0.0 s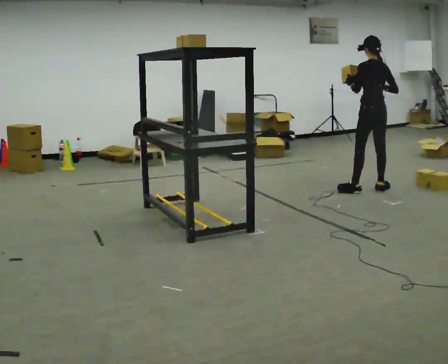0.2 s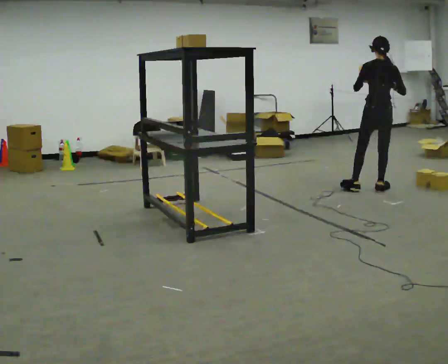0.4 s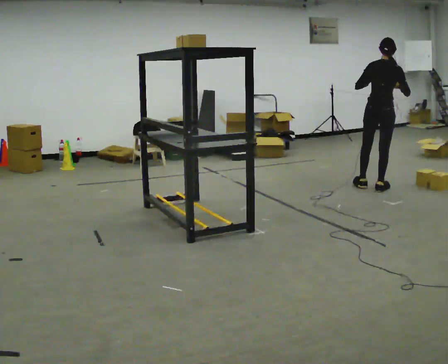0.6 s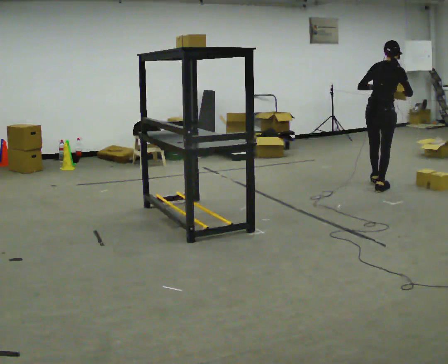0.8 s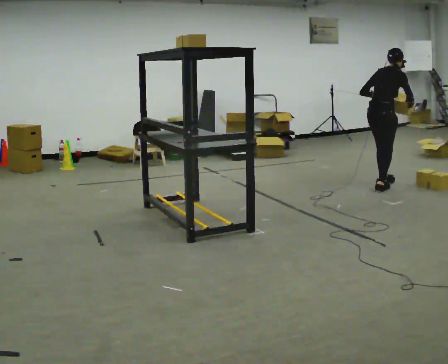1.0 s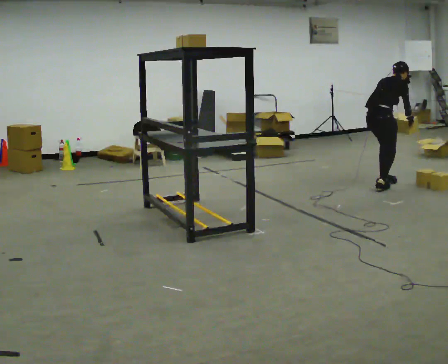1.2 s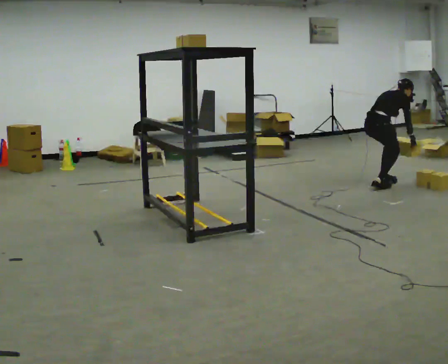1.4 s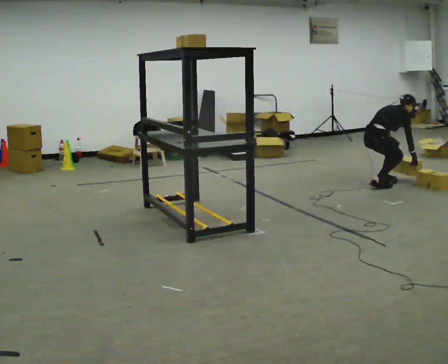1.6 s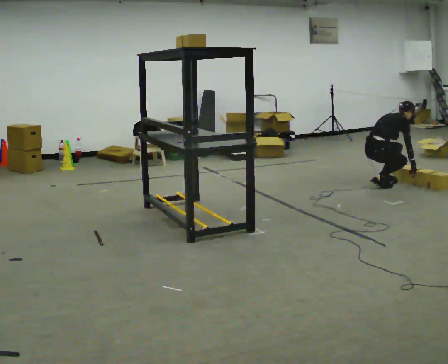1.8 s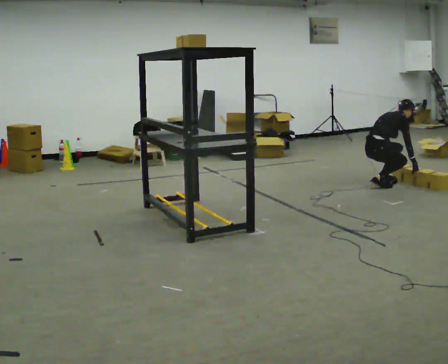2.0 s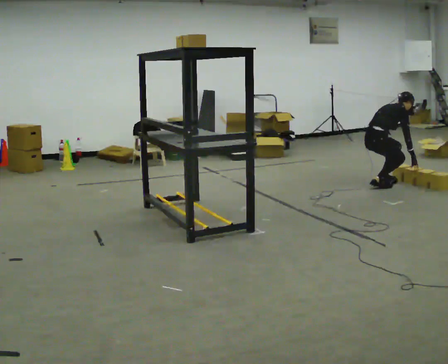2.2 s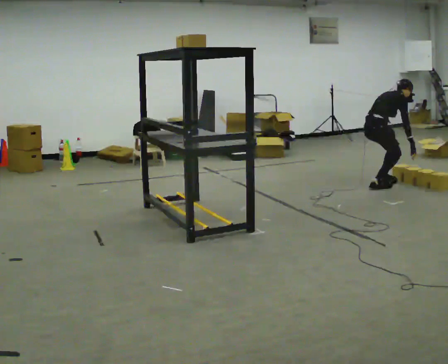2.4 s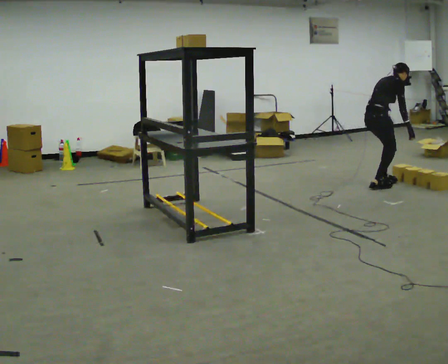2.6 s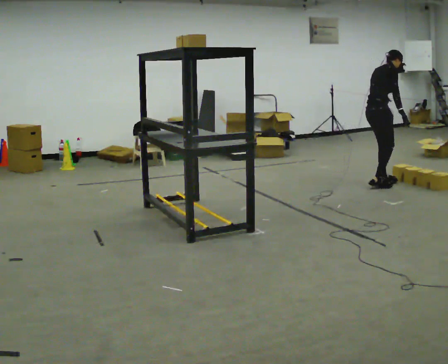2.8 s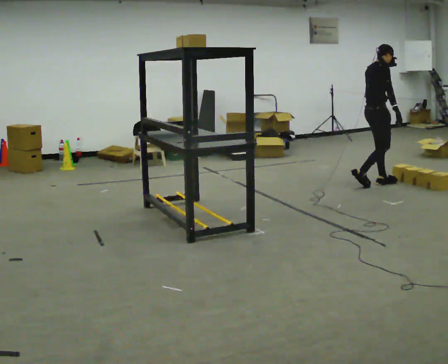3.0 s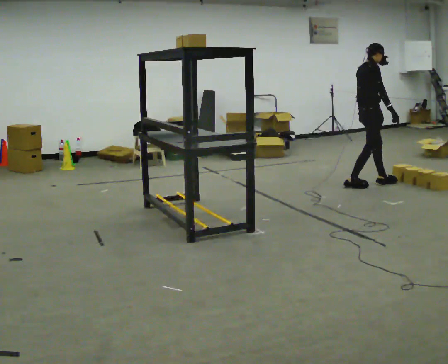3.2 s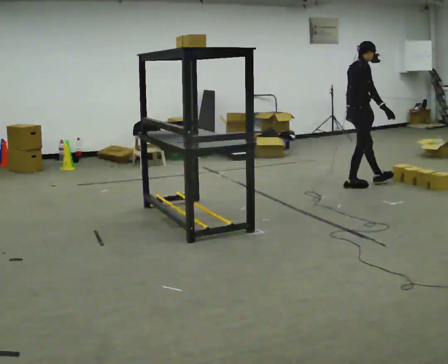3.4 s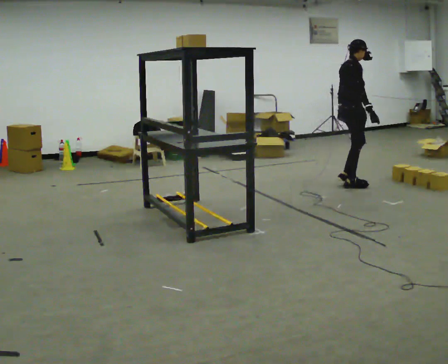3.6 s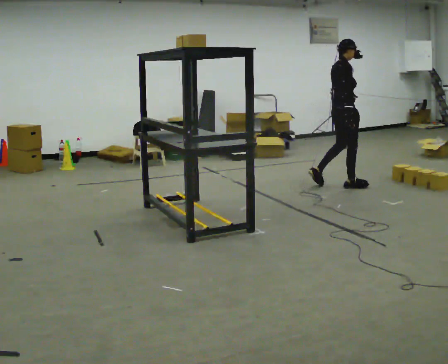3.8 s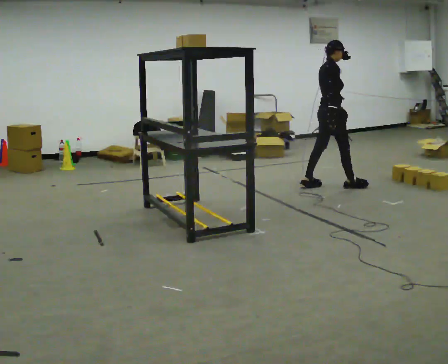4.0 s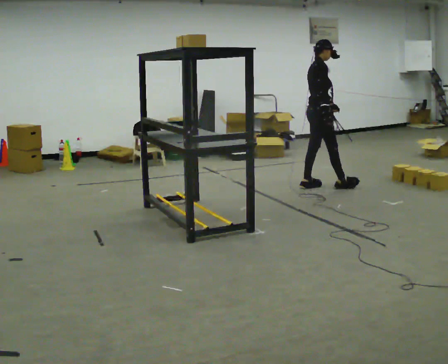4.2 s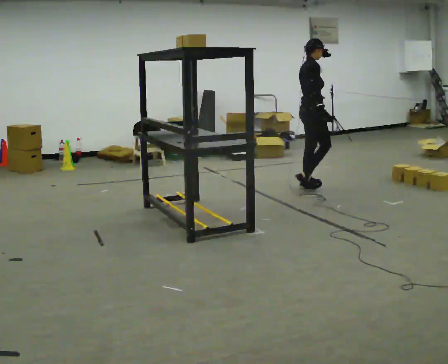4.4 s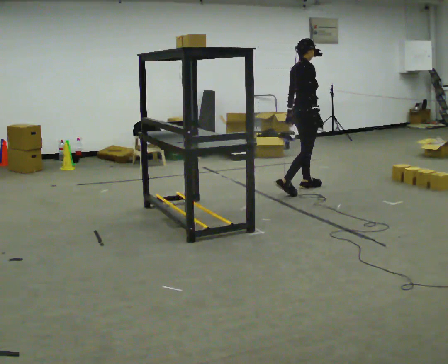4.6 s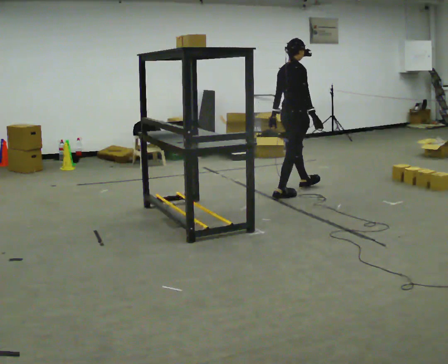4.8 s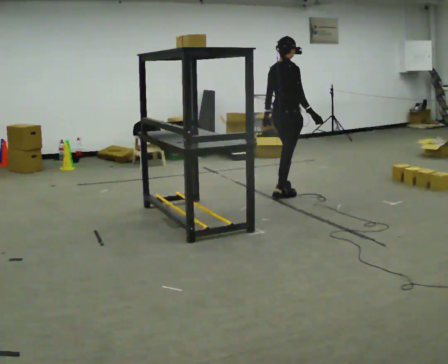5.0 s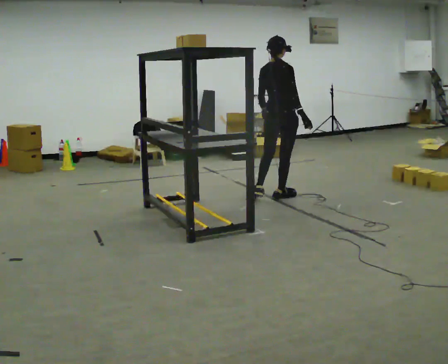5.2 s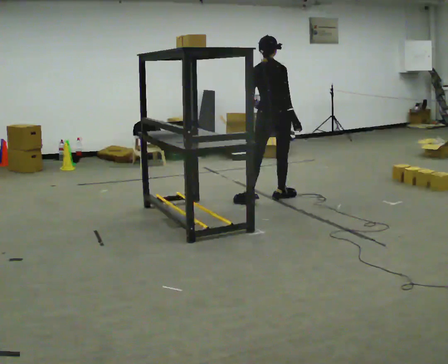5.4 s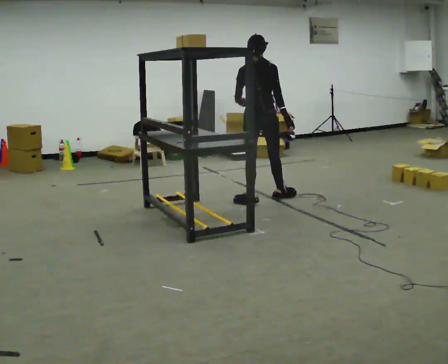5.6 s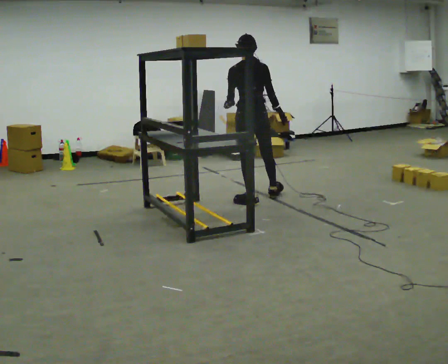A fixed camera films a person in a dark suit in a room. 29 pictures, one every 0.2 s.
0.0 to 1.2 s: The part of the body nearest the lens slides to the left as the person turns to their right by about 90 degrees. The upper body goes downward. In the picture the upper body tilts clockwise, shoulders to the right, as they bend forward. In the picture their right hand goes downward and to the right.
1.2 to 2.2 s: The person moves a little, or ends about where they began.
2.2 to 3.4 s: In the picture they go to the left, about 0.25 m in 2 steps, which for them is backward. The shoulders move upward. In the picture the upper body tilts counterclockwise, shoulders to the left, as they lean back or straighten. In the picture their right hand goes upward.
3.4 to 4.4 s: In the picture they go to the left, about 0.5 m in 1 step, which for them is backward.
4.4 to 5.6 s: Seen from above the body turns counterclockwise, about 90 degrees: to their left, with its near side sliding to the right. In the picture they go toward the camera and to the left, about 0.5 m in 2 steps.
The film runs backward here.
